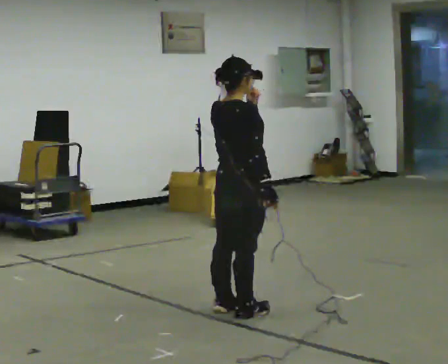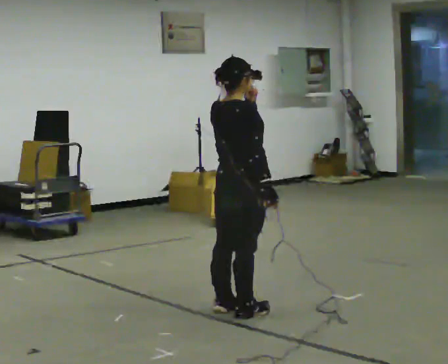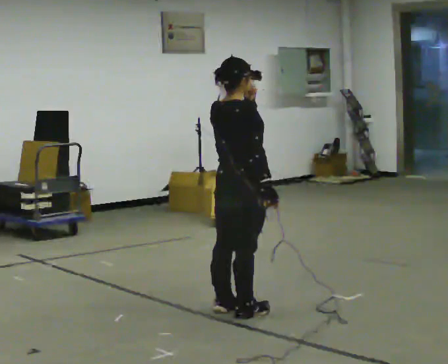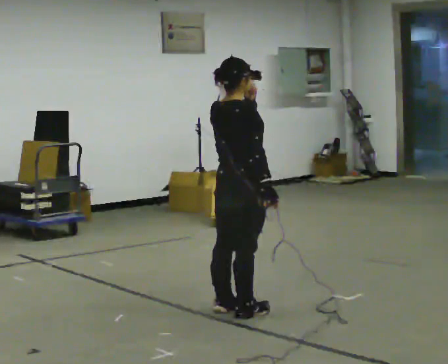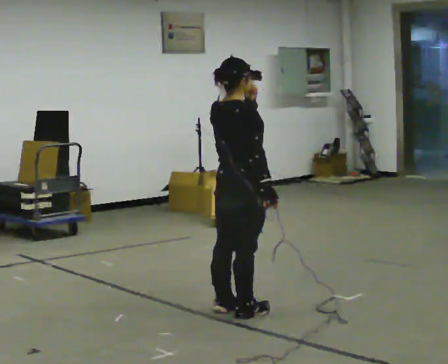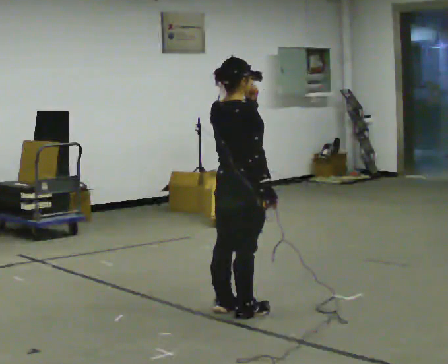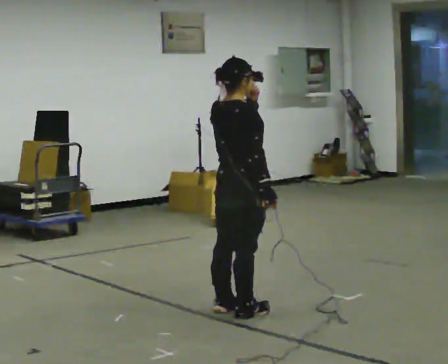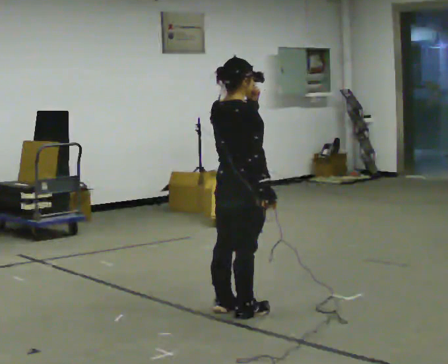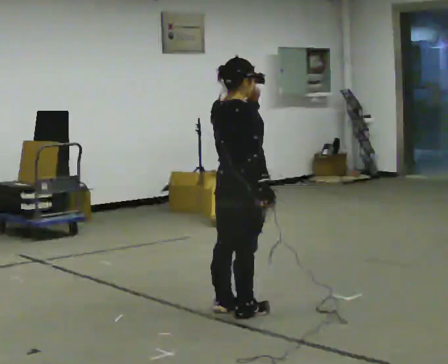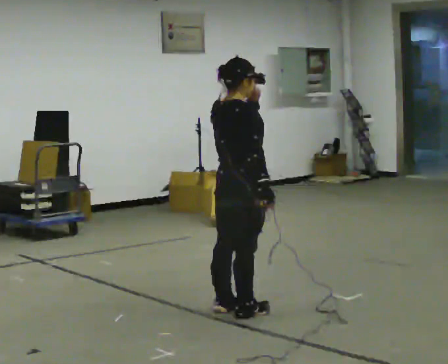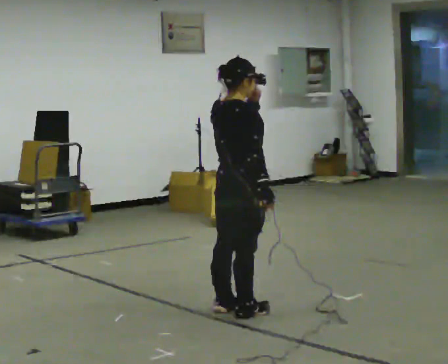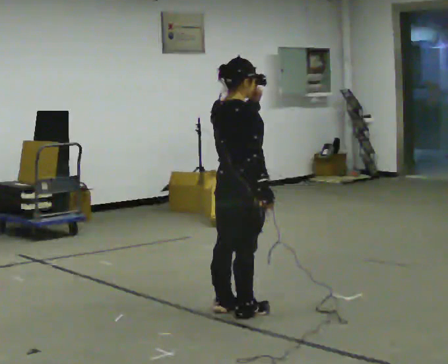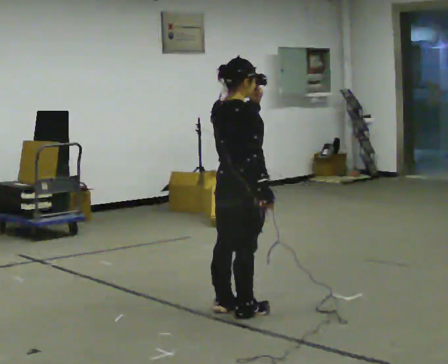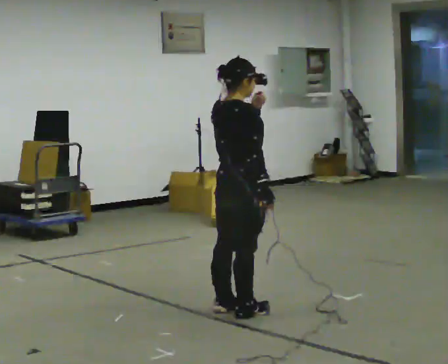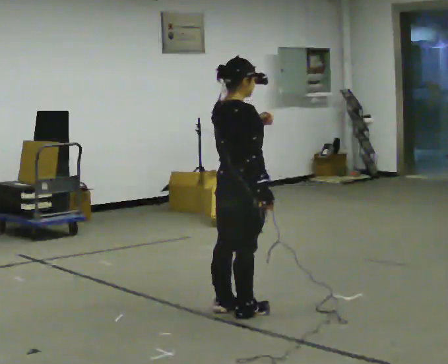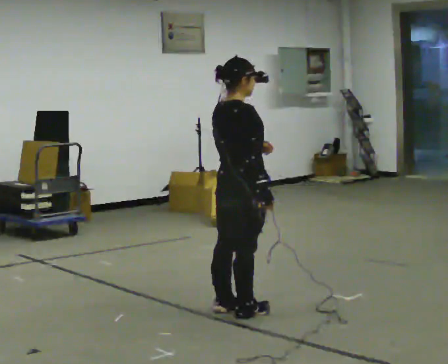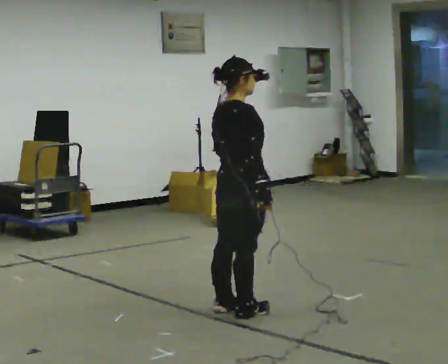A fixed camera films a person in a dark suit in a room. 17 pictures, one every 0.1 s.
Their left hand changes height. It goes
downward.
0.0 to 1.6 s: In the picture their left hand goes downward.
The film runs forward here.
